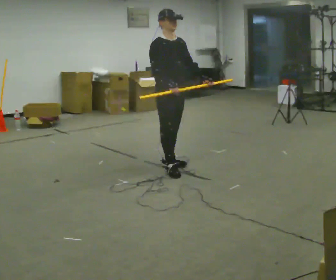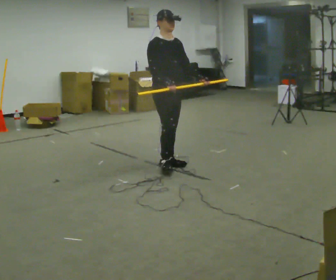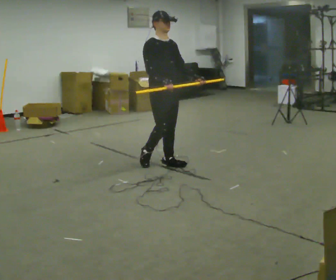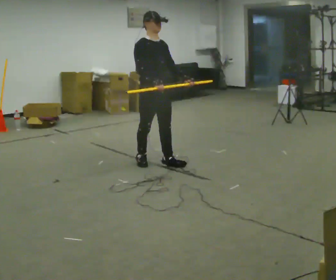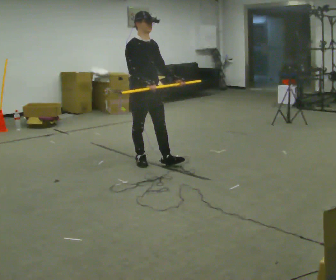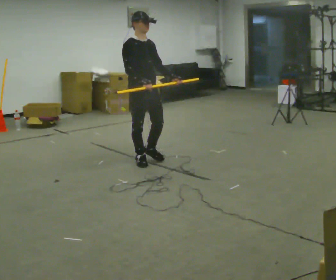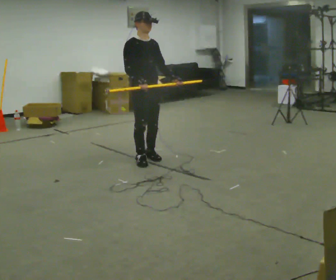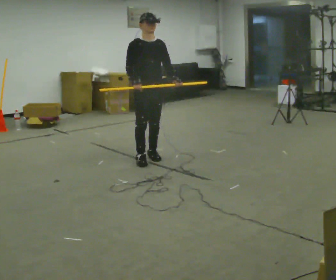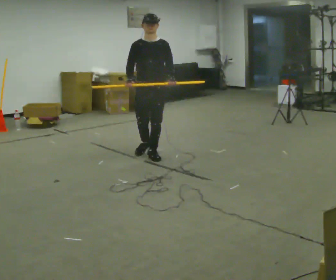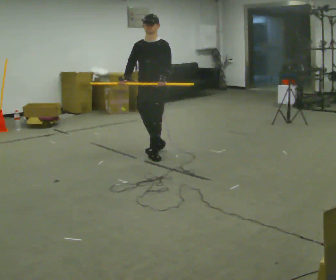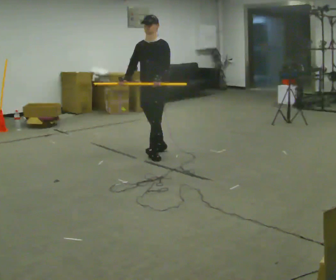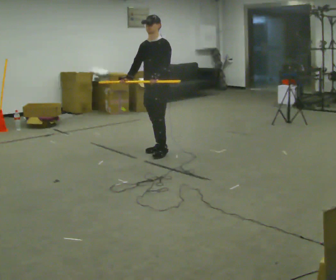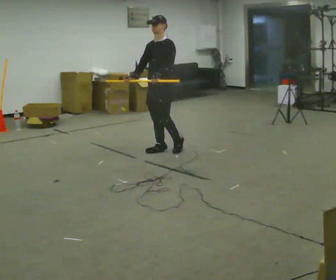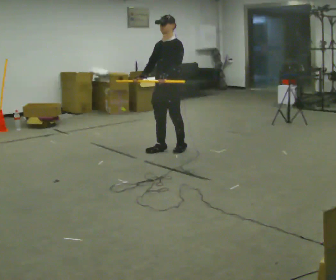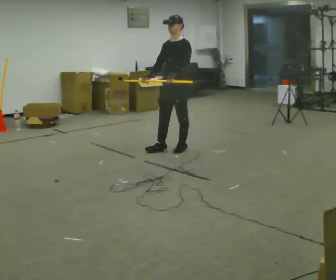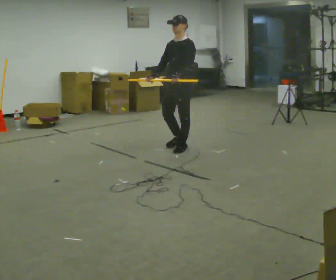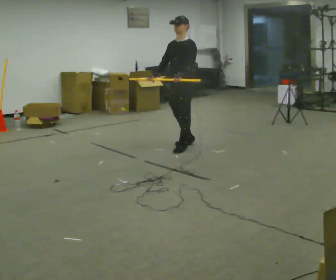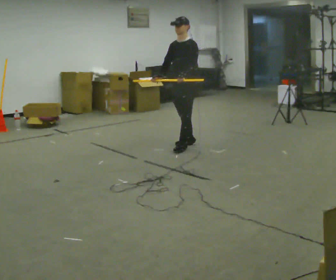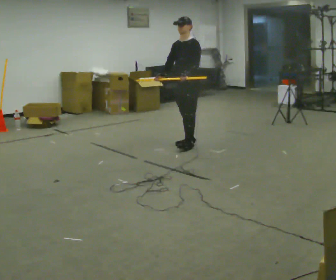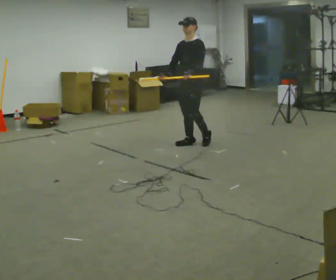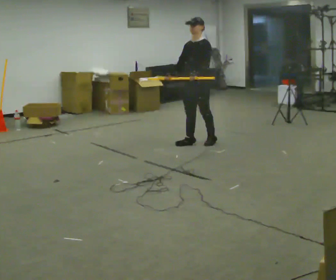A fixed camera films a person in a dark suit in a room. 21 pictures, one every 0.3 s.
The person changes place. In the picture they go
away from the camera.
The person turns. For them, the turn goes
to their right.
0.0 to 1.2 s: In the picture they go to the left and away from the camera, about 0.25 m in 1 step, which for them is backward.
1.2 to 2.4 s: The person turns about 45 degrees to their right, clockwise seen from above, so the part of the body nearest the lens slides to the left. In the picture they go away from the camera, about 0.25 m in 2 steps, which for them is to their left and backward.
2.4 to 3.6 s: The part of the body nearest the lens slides to the left as the person turns to their right by about 45 degrees. In the picture they go away from the camera and to the right, about 0.25 m in 1 step, which for them is backward.
3.6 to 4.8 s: In the picture they go to the right, about 0.25 m in 1 step, which for them is backward.
4.8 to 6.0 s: In the picture they go to the right and away from the camera, about 0.25 m in 1 step, which for them is backward.
The film runs backward here.
